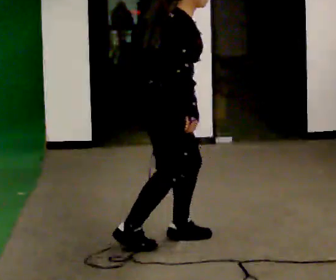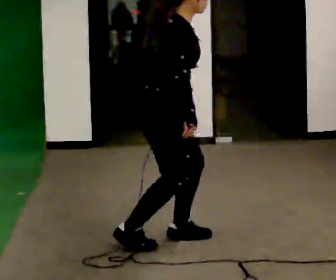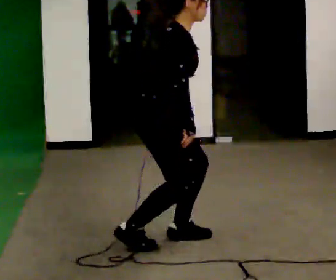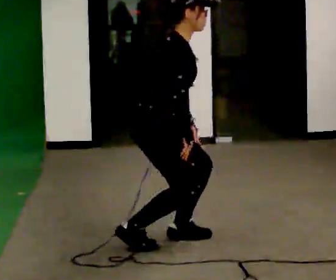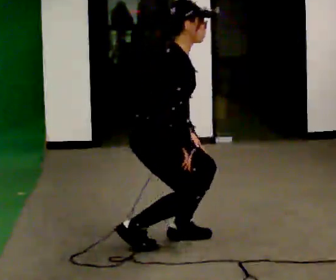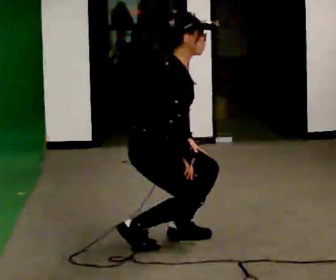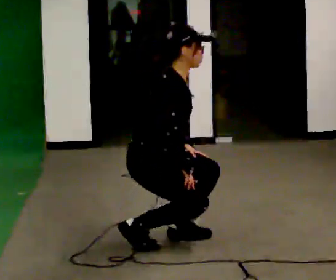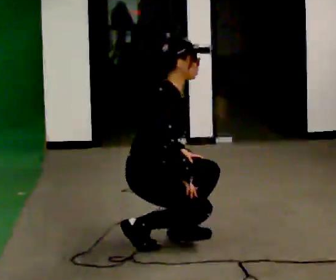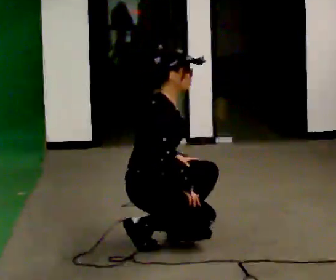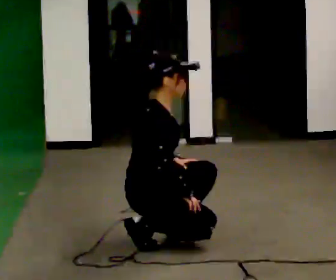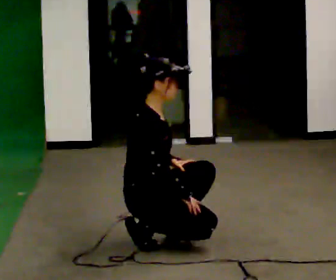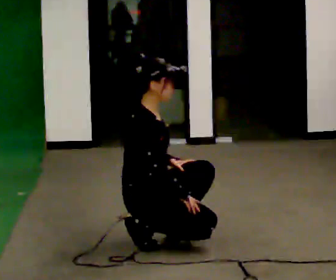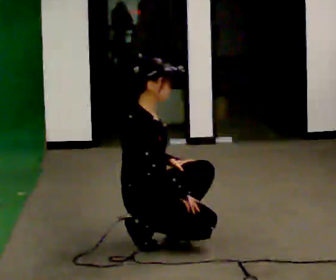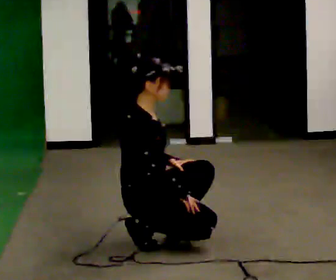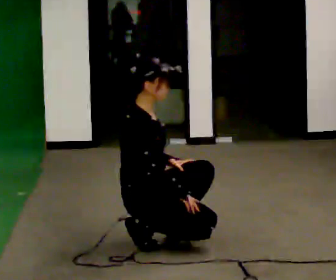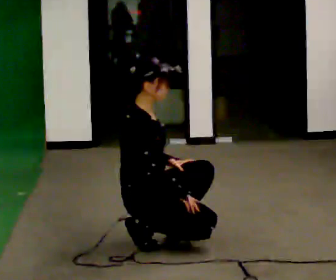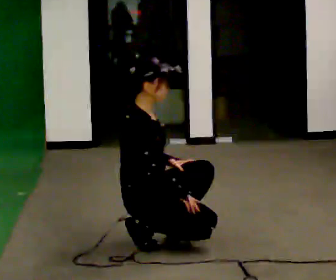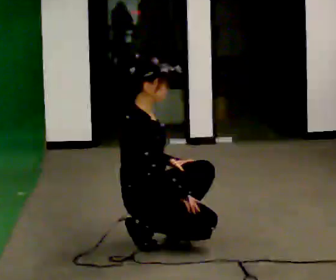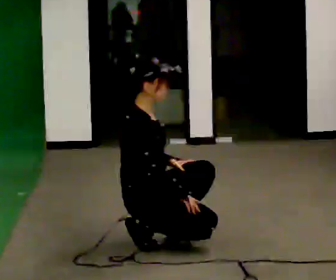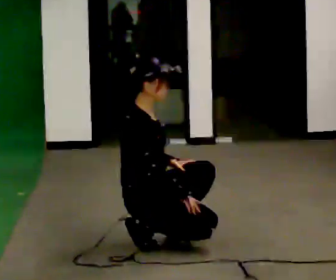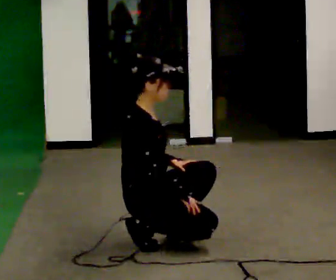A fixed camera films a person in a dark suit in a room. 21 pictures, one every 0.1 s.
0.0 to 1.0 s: In the picture they go to the left, about 0.25 m, which for them is backward. The shoulders move downward. In the picture their left hand goes downward.
1.0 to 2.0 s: The person moves a little, or ends about where they began.
The film runs backward here.
